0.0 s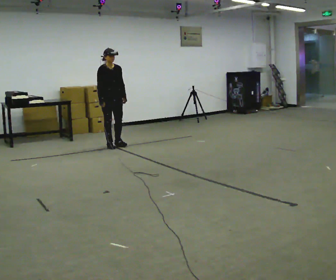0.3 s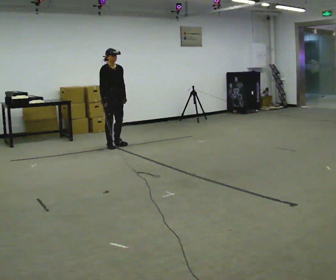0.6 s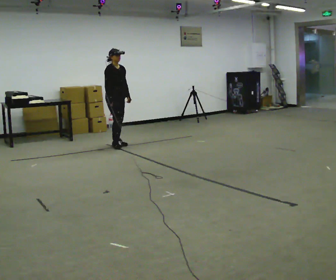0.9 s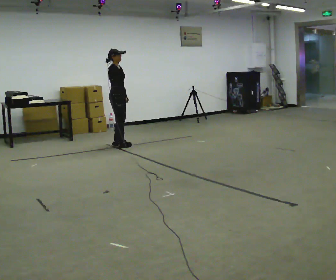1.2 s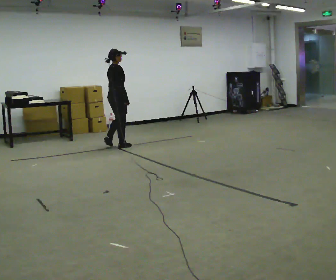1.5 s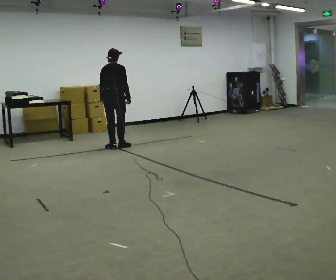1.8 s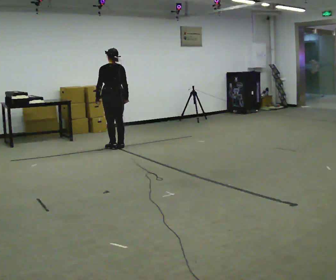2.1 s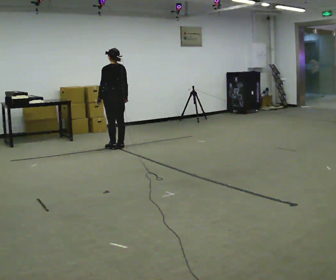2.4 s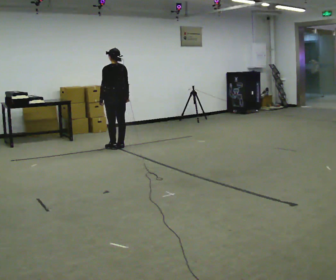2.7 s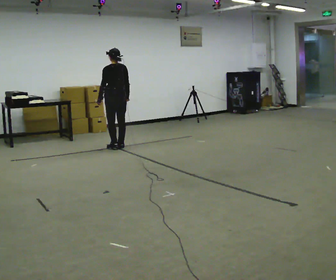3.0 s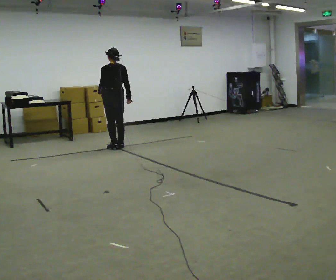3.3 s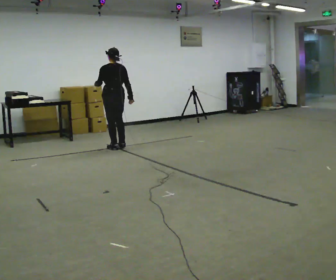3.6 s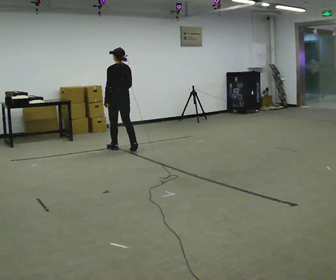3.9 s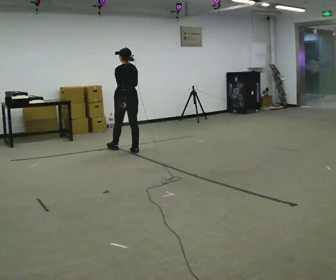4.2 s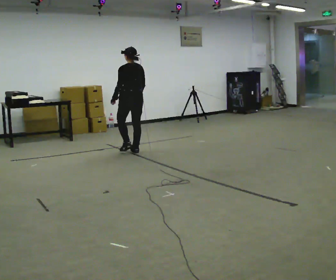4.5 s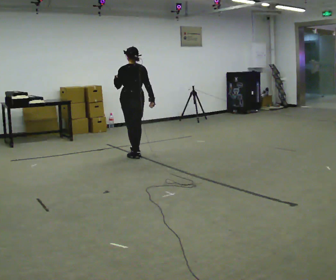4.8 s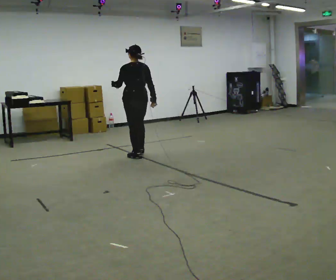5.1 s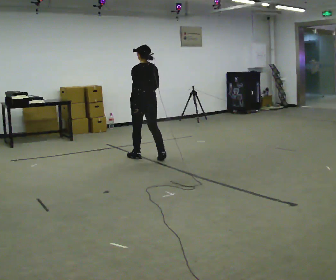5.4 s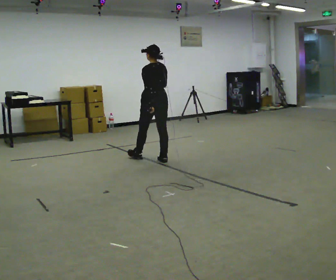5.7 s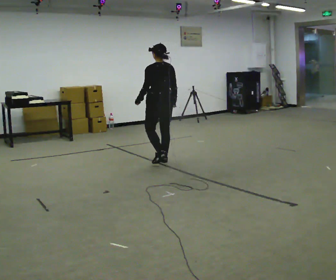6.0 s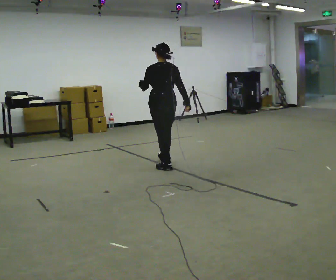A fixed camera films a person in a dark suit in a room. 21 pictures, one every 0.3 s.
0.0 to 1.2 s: The person turns about 90 degrees to their left, counterclockwise seen from above, so the part of the body nearest the lens slides to the right.
1.2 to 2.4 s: Seen from above the body turns counterclockwise, about 90 degrees: to their left, with its near side sliding to the right.
2.4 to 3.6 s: In the picture they go toward the camera, about 0.25 m in 1 step, which for them is backward.
3.6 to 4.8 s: In the picture they go toward the camera and to the right, about 0.5 m in 2 steps, which for them is backward.
4.8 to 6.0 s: In the picture they go toward the camera and to the right, about 0.75 m in 1 step, which for them is backward.
The film runs backward here.
